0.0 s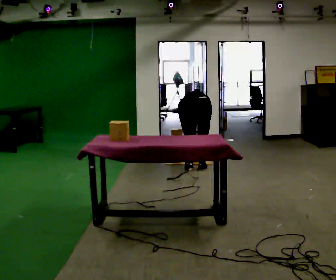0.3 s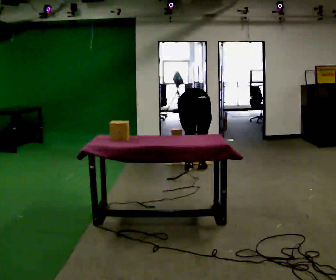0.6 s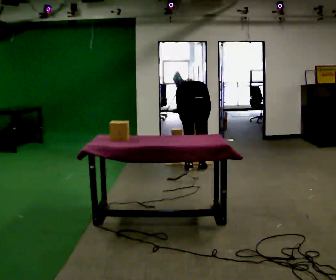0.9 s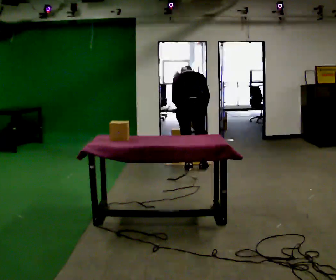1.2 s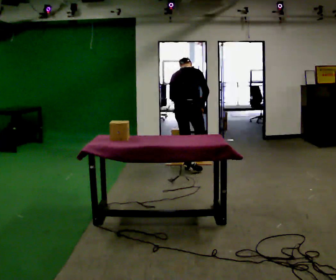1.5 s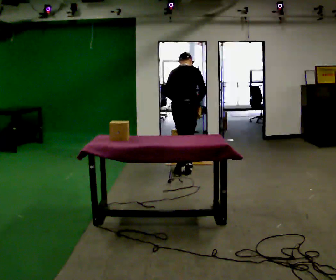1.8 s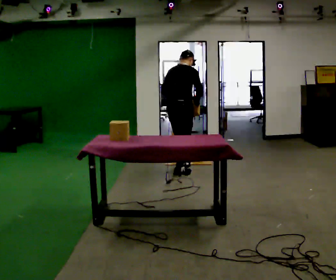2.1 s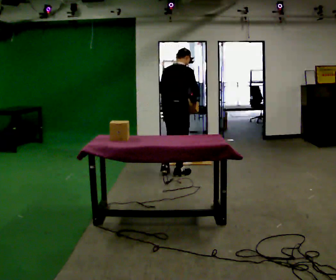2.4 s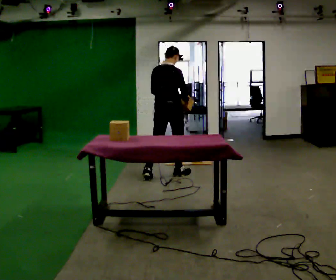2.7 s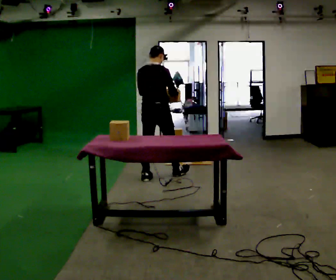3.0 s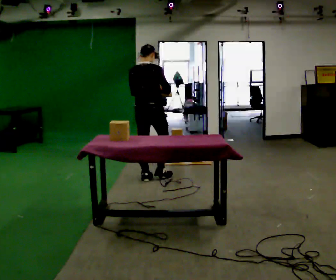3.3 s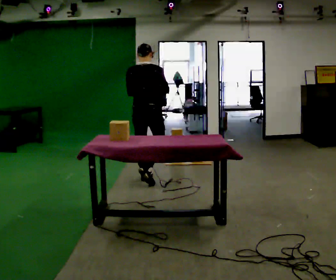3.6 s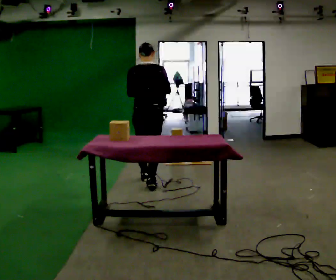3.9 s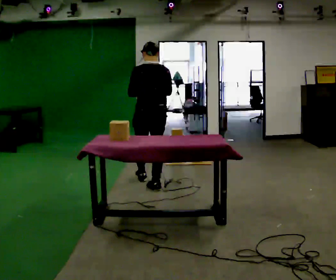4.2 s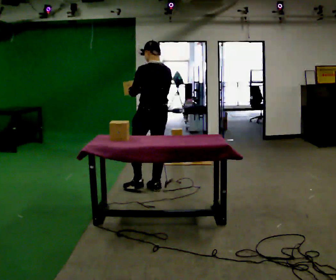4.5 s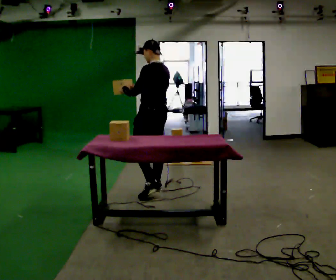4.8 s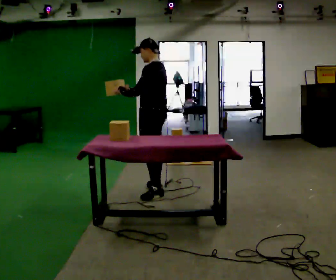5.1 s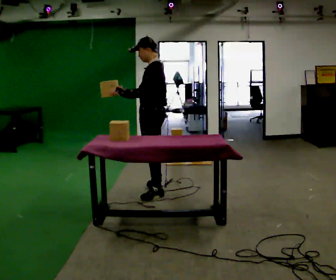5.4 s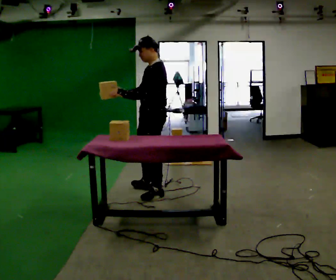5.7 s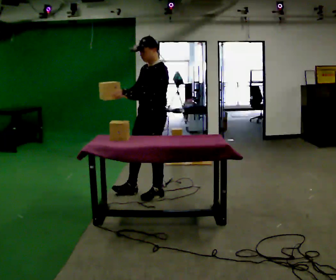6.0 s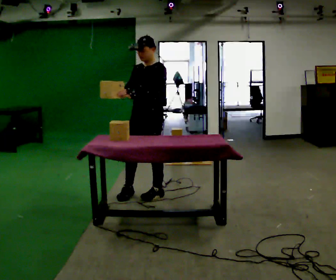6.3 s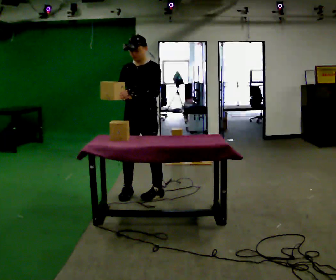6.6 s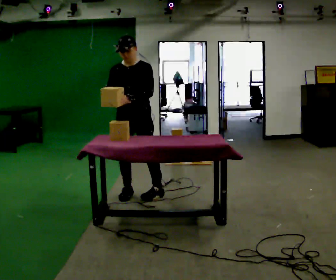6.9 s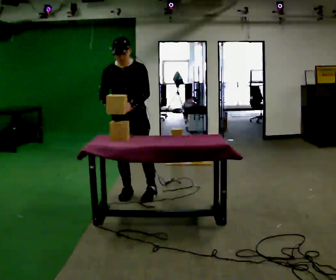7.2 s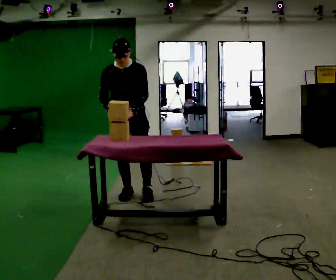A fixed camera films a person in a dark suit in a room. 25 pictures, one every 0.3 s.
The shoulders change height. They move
upward.
The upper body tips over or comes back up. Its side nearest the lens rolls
downward.
0.0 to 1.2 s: The person turns about 30 degrees to their right, clockwise seen from above, so the part of the body nearest the lens slides to the left. The shoulders move upward. The upper body tips toward the camera, its near side rolling downward, as they lean back or straighten. In the picture their right hand goes upward.
1.2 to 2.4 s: In the picture they go toward the camera and to the left, about 0.5 m in 1 step, which for them is backward. The upper body tips toward the camera, its near side rolling downward, as they lean back or straighten.
2.4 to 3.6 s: In the picture they go toward the camera and to the left, about 0.5 m in 1 step, which for them is backward.
3.6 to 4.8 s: Seen from above the body turns counterclockwise, about 75 degrees: to their left, with its near side sliding to the right. In the picture they go toward the camera, about 0.25 m in 1 step.
4.8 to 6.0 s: The part of the body nearest the lens slides to the right as the person turns to their left by about 60 degrees. In the picture they go toward the camera, about 0.25 m in 1 step.
6.0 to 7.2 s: Seen from above the body turns counterclockwise, about 45 degrees: to their left, with its near side sliding to the right. In the picture they go to the left, about 0.25 m, which for them is to their right.
The film runs backward here.
